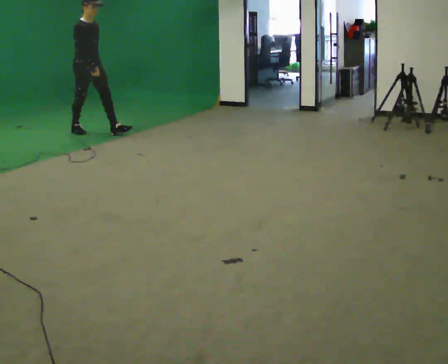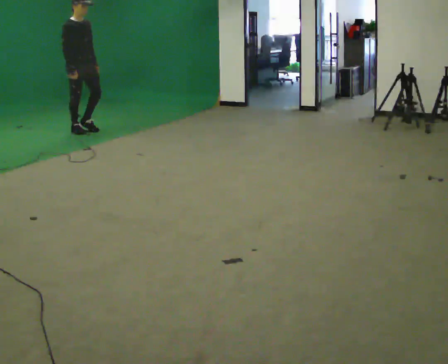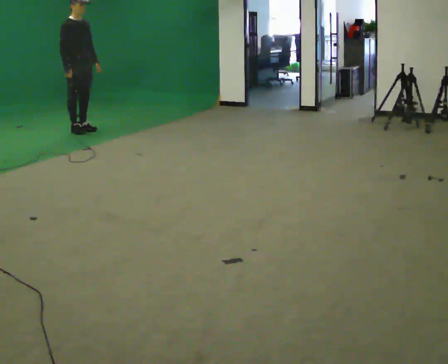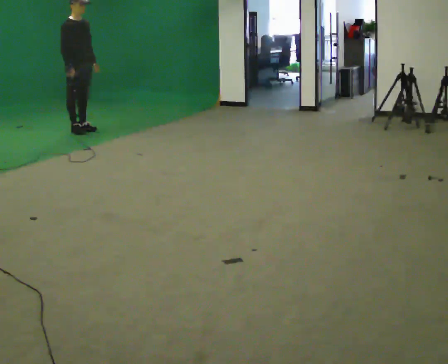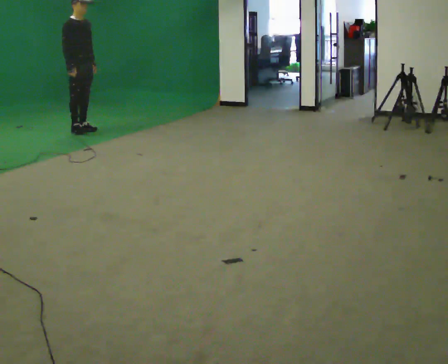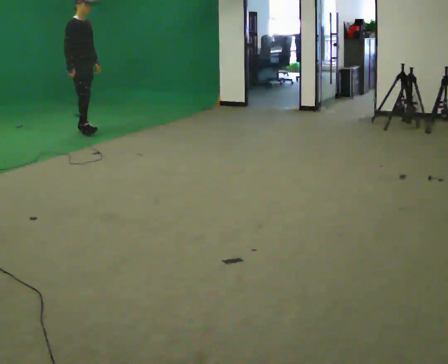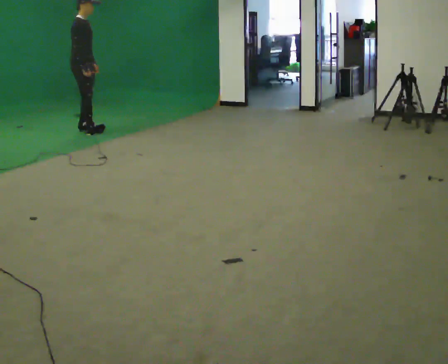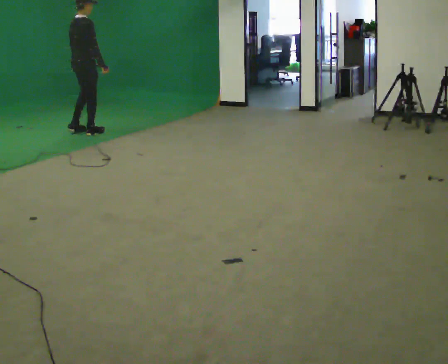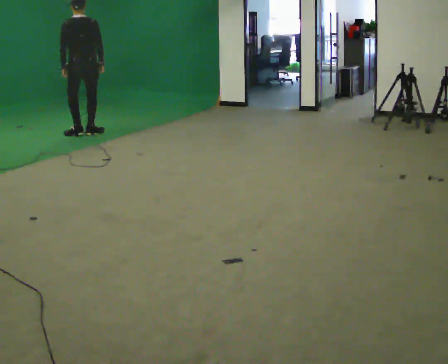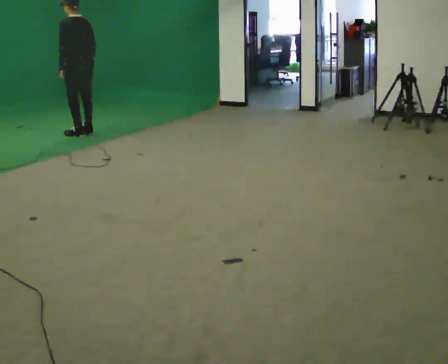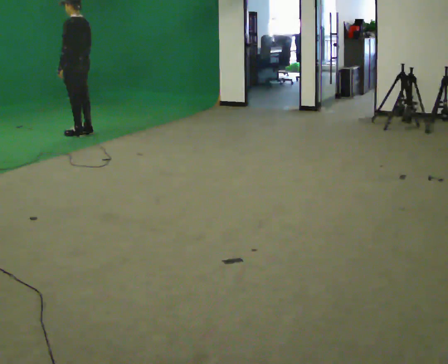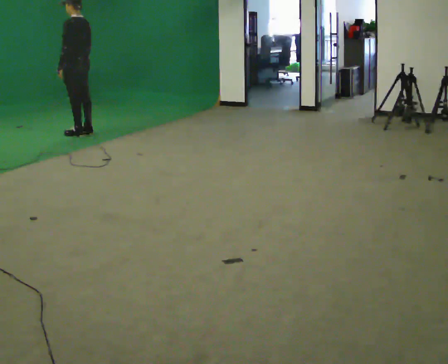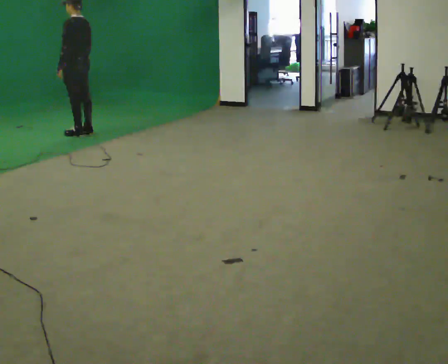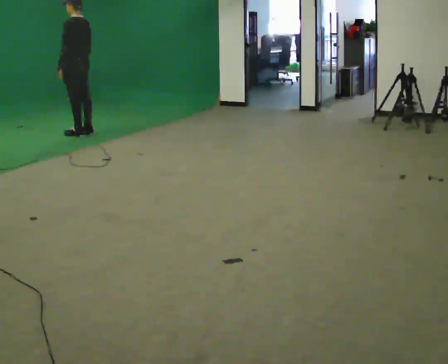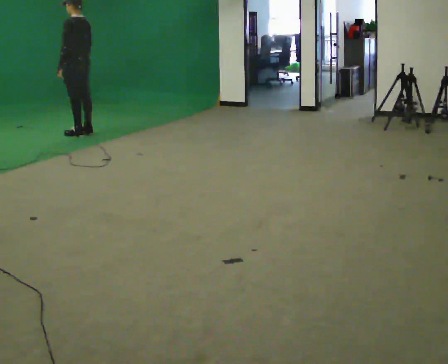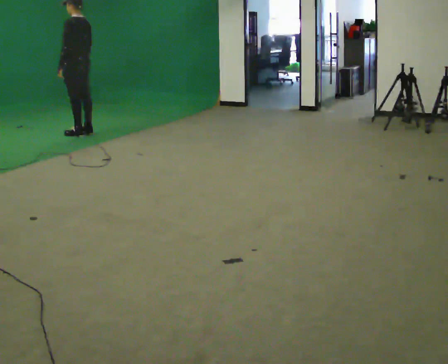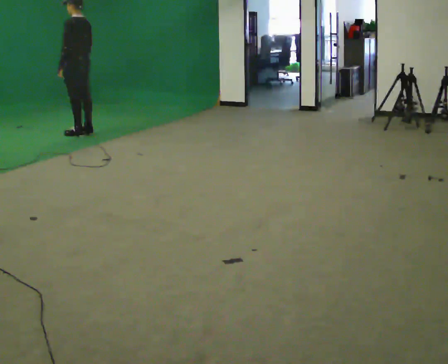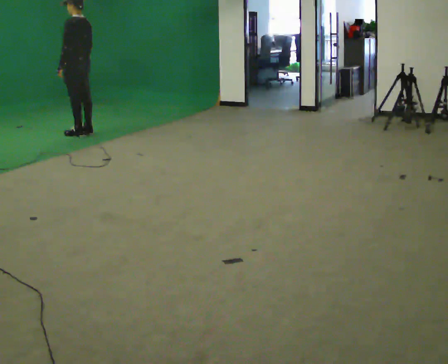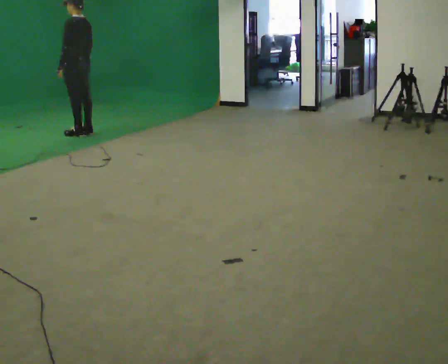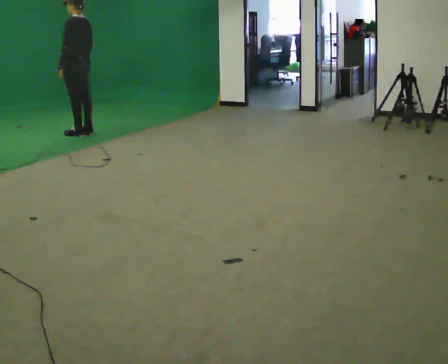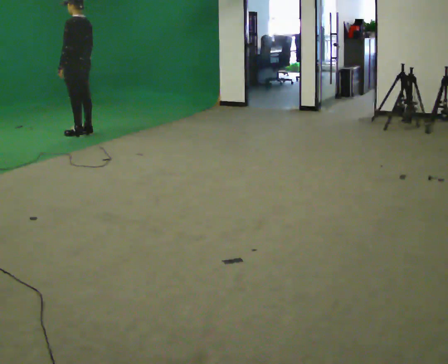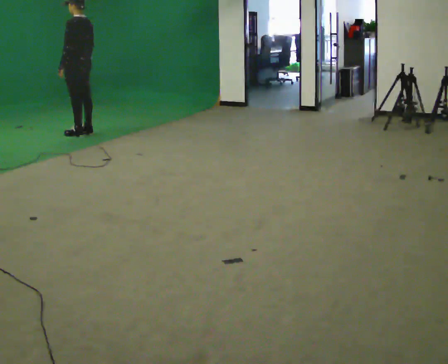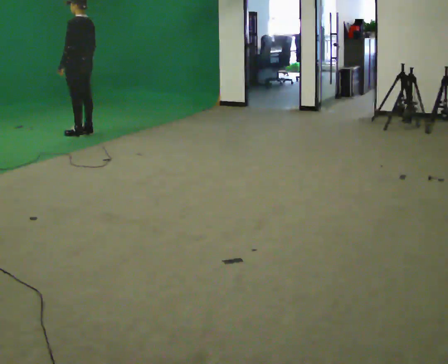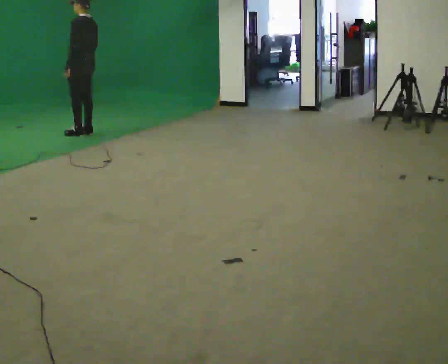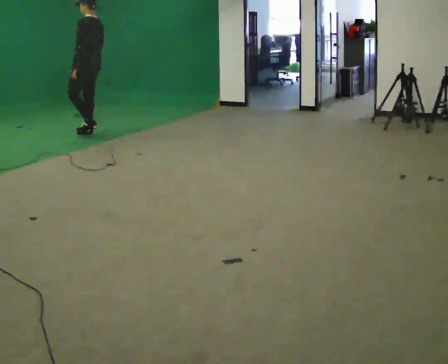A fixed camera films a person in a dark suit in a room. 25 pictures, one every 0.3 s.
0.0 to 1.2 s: In the picture they go away from the camera, about 0.25 m, which for them is backward.
1.2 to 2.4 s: The person turns about 120 degrees to their left, counterclockwise seen from above, so the part of the body nearest the lens slides to the right. In the picture they go toward the camera, about 0.25 m in 2 steps. In the picture their right hand goes to the right.
2.4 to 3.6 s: The person turns about 60 degrees to their left, counterclockwise seen from above, so the part of the body nearest the lens slides to the right.
3.6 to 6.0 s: The person keeps their place and pose.
6.0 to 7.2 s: The person moves a little, or ends about where they began.
The film runs backward here.
